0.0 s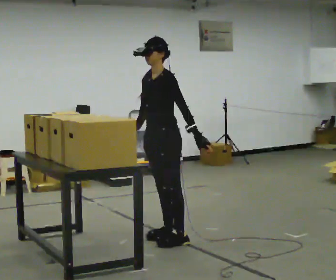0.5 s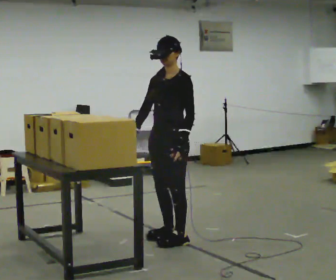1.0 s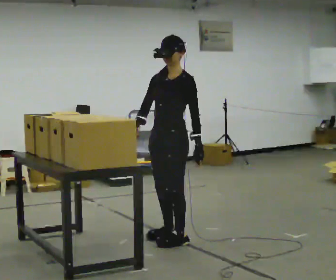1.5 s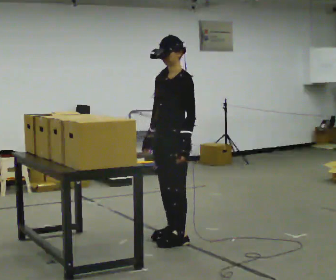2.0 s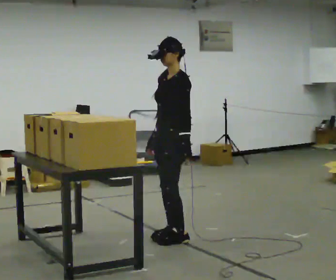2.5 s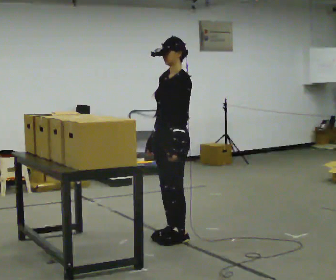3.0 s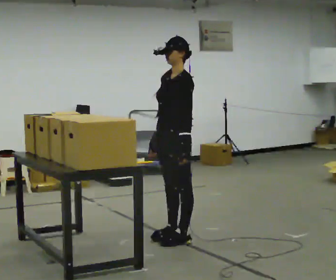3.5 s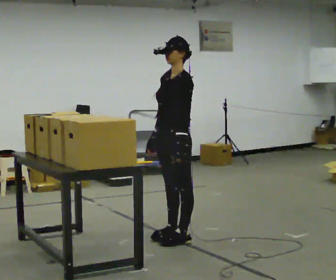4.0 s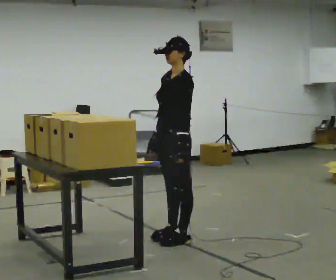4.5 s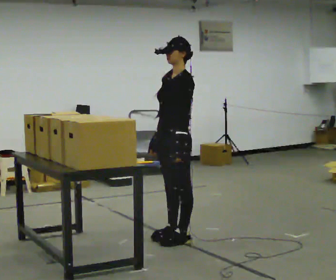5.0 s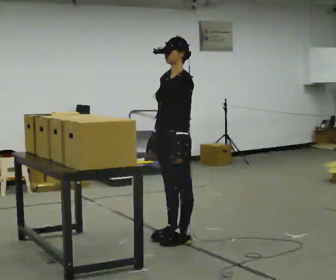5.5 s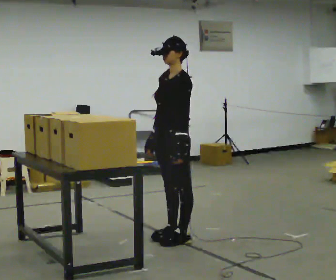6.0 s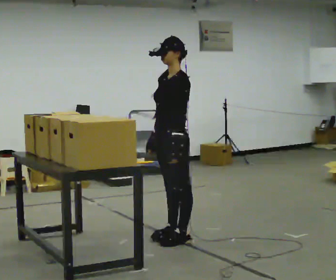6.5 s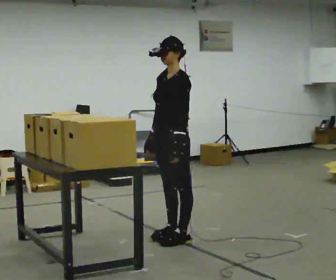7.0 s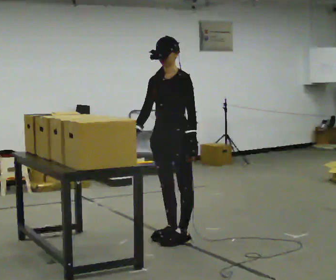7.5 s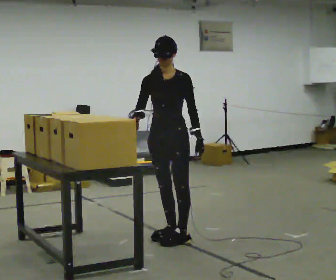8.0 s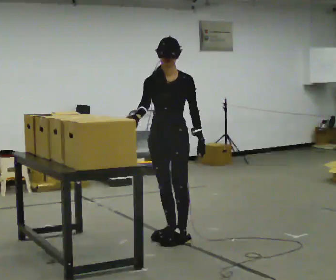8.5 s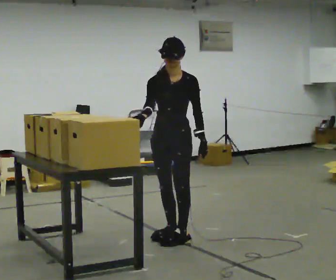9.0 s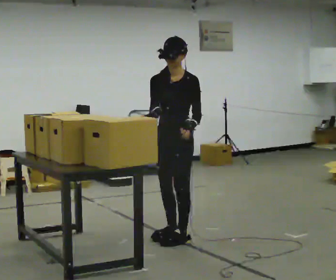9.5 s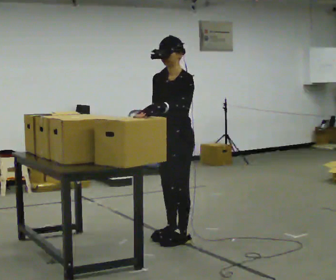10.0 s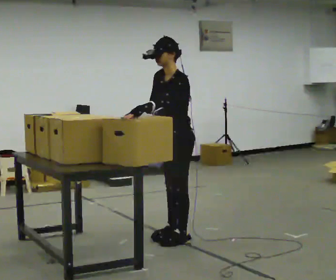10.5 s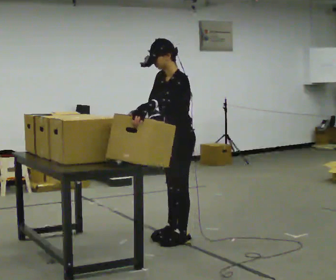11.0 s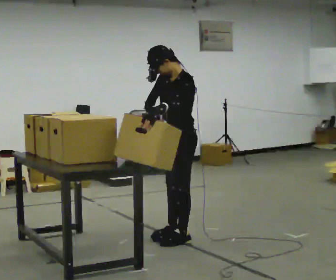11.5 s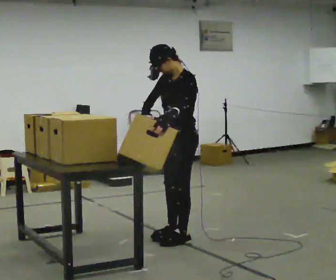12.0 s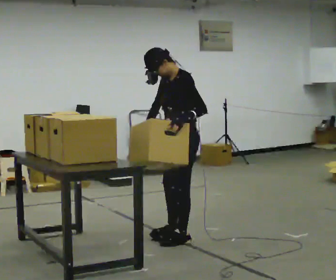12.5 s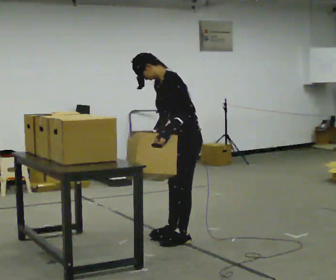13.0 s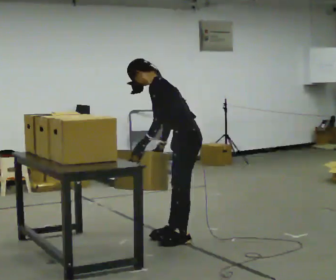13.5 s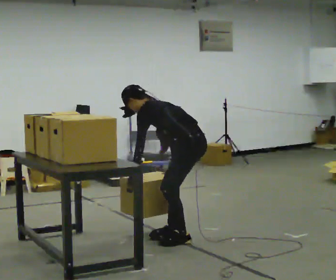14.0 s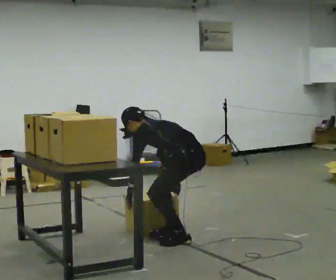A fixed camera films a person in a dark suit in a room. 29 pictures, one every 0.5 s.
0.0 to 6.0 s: The person moves a little, or ends about where they began.
6.0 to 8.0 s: The person turns about 45 degrees to their left, counterclockwise seen from above, so the part of the body nearest the lens slides to the right. The upper body tips toward the camera, its near side rolling downward, as they bend forward.
8.0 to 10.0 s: Seen from above the body turns clockwise, about 45 degrees: to their right, with its near side sliding to the left. In the picture their left hand goes to the left.
10.0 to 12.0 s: The person moves a little, or ends about where they began.
12.0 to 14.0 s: The person turns about 60 degrees to their right, clockwise seen from above, so the part of the body nearest the lens slides to the left. The upper body goes downward. The upper body tips away from the camera, its near side rolling upward, as they bend forward. In the picture their left hand goes downward and to the left.
The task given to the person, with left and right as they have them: Pick the fragile object up and set it back down as gently as you can. Repeat at your own pace until the operator says stop. Keep both feet on the marked spots for the whole take. If you have to step, stop and tell the operator.
The film runs forward here.
